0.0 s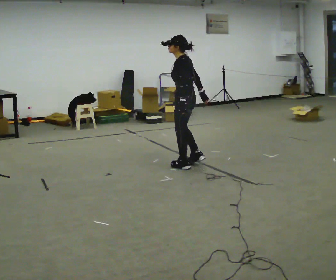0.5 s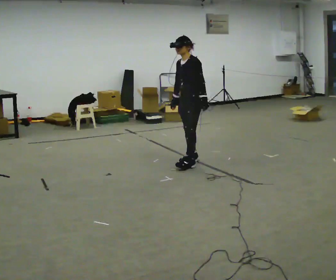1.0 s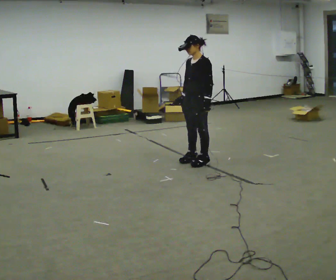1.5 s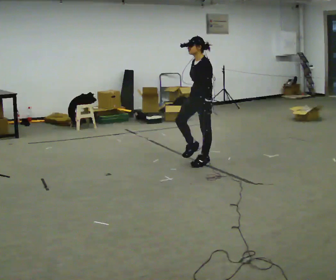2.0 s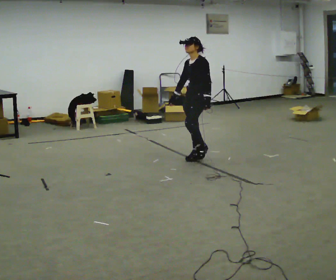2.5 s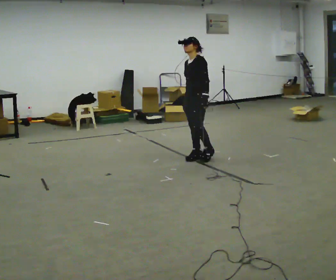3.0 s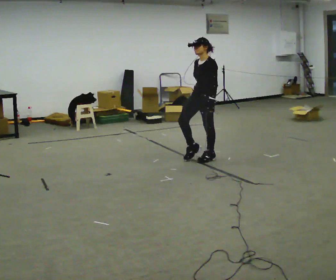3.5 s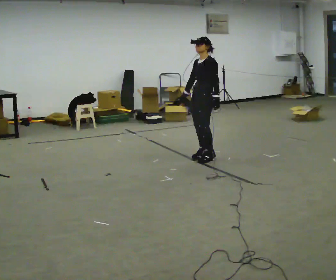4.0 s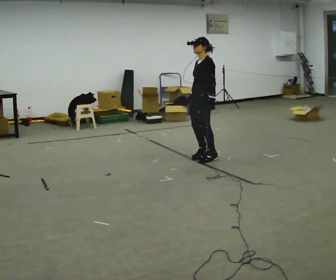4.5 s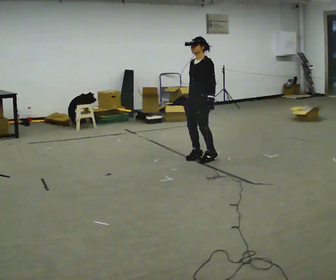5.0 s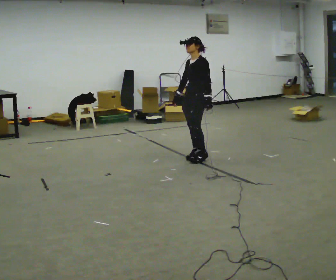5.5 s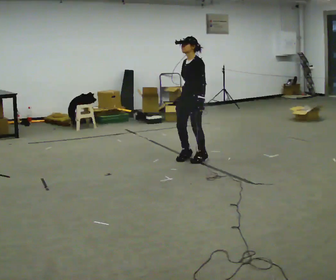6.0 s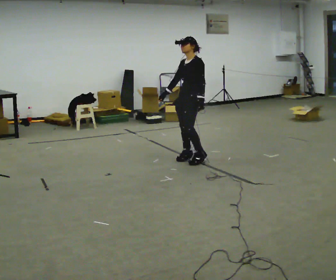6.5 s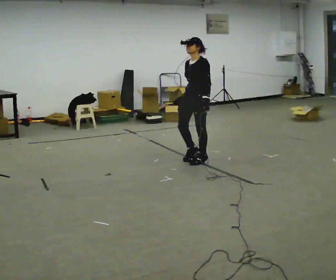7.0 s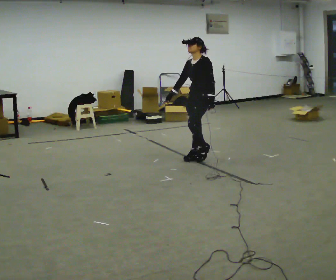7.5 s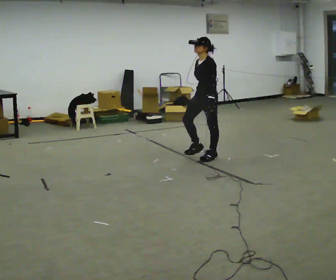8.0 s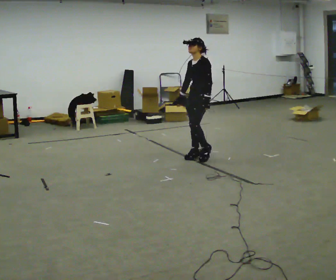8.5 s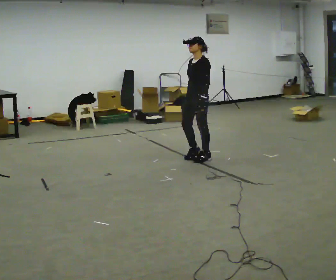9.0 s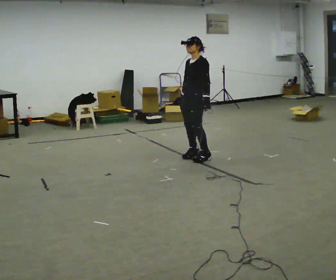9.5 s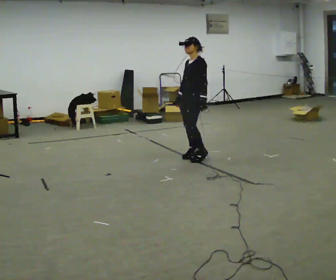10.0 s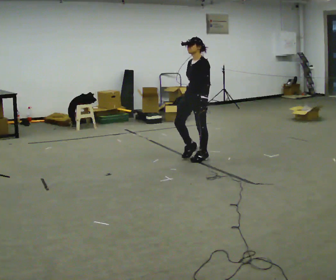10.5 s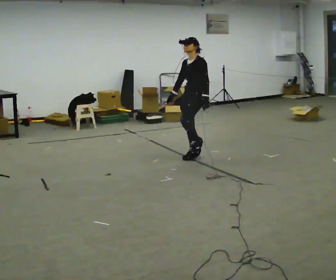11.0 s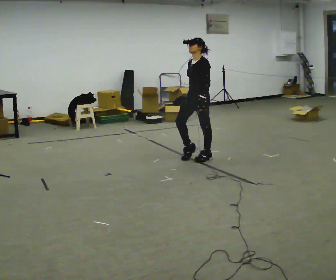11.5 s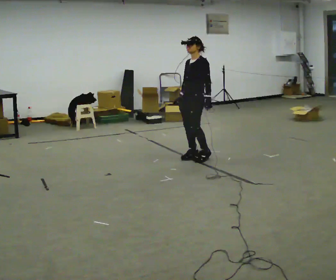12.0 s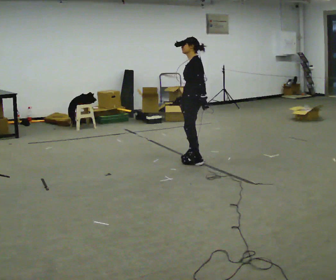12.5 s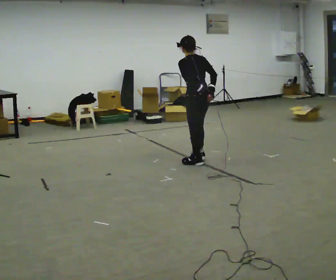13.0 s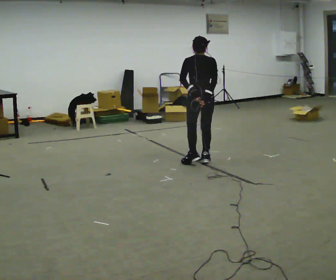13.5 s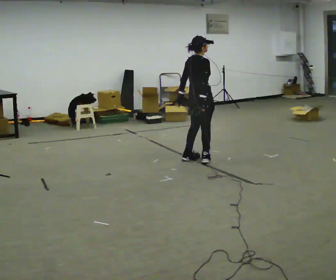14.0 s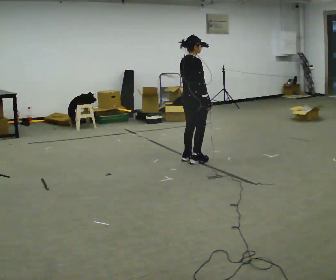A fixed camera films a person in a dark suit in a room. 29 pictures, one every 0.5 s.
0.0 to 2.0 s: The part of the body nearest the lens slides to the right as the person turns to their left by about 45 degrees. In the picture they go away from the camera, about 0.25 m in 2 steps, which for them is backward and to their right.
2.0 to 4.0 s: The person moves a little, or ends about where they began.
4.0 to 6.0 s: In the picture they go to the left, about 0.25 m, which for them is forward. In the picture their right hand goes to the left.
6.0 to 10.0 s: The person moves a little, or ends about where they began.
10.0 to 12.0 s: The part of the body nearest the lens slides to the left as the person turns to their right by about 30 degrees.
12.0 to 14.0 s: Seen from above the body turns clockwise, about 150 degrees: to their right, with its near side sliding to the left.
The film runs forward here.
